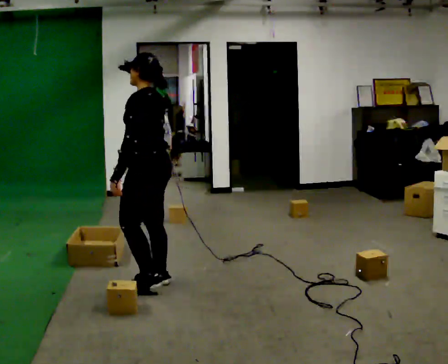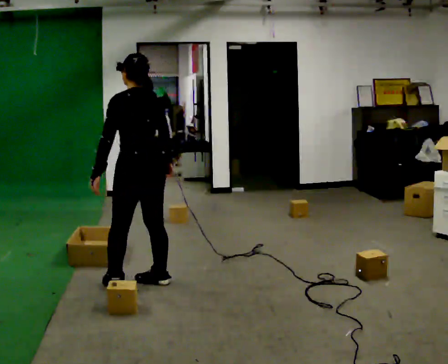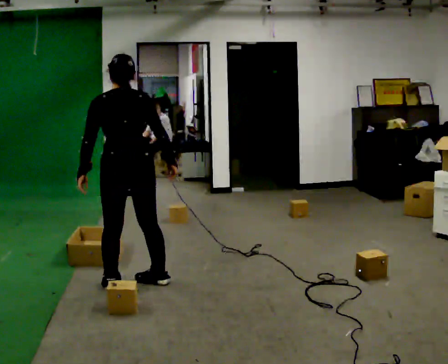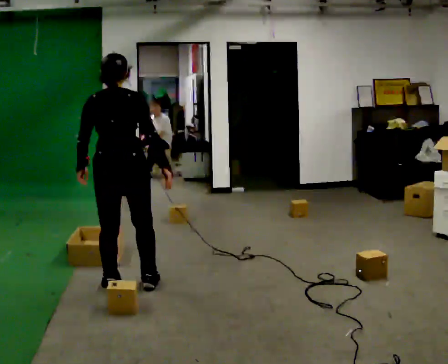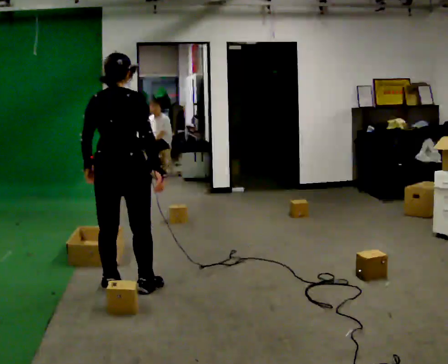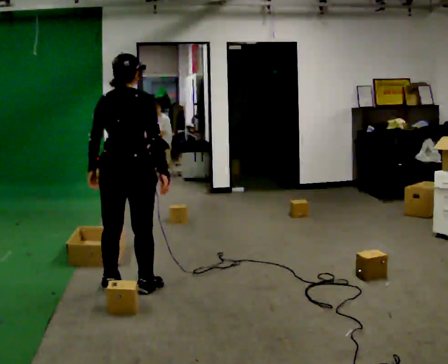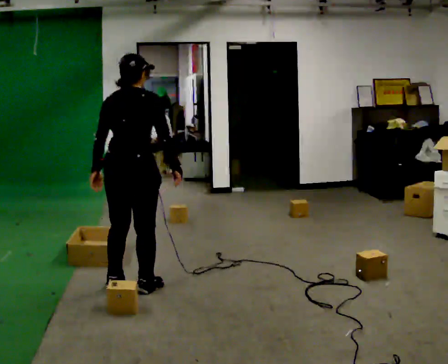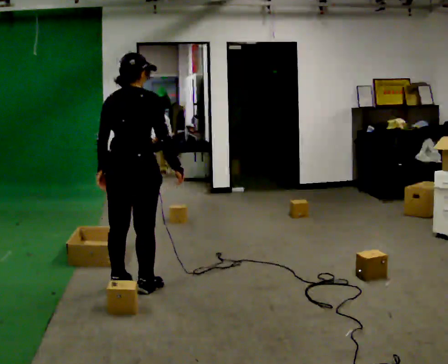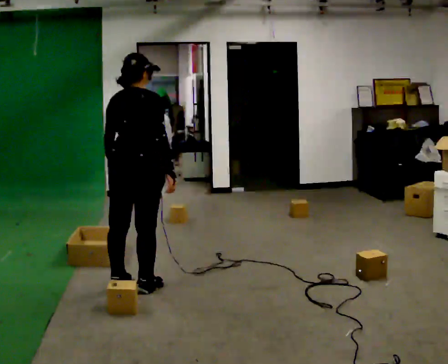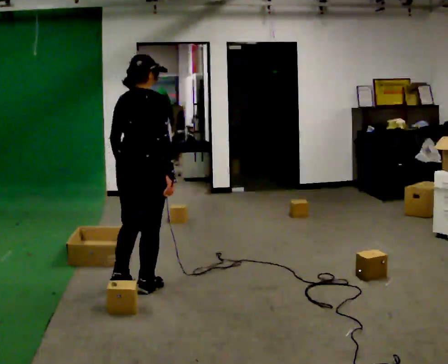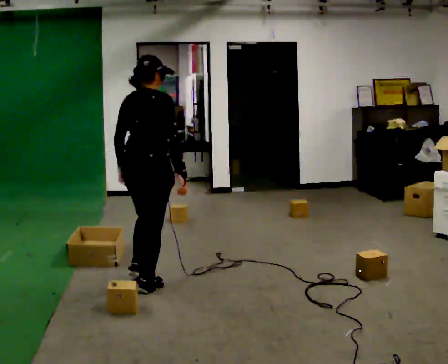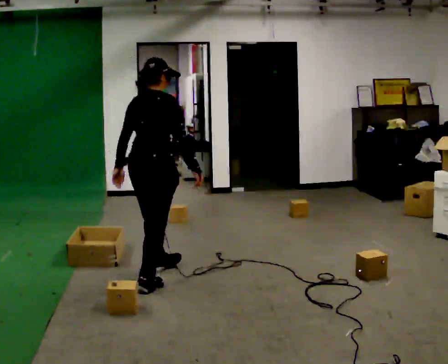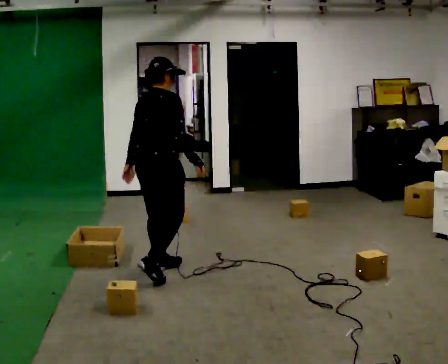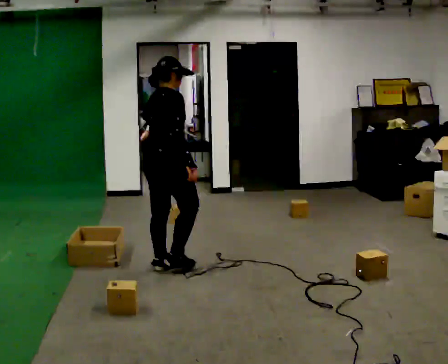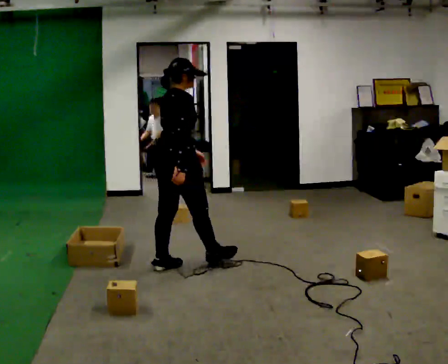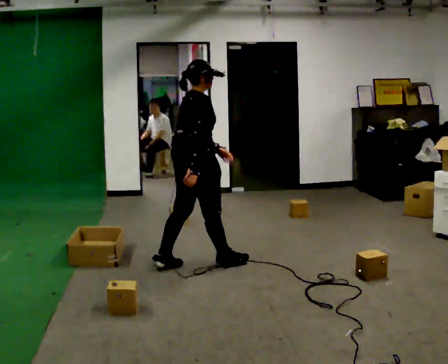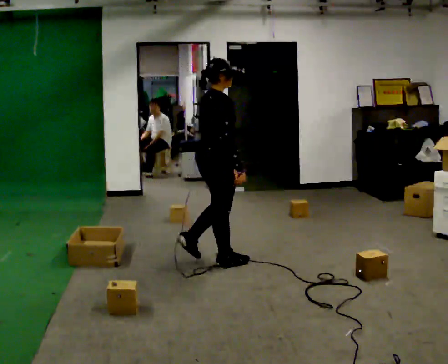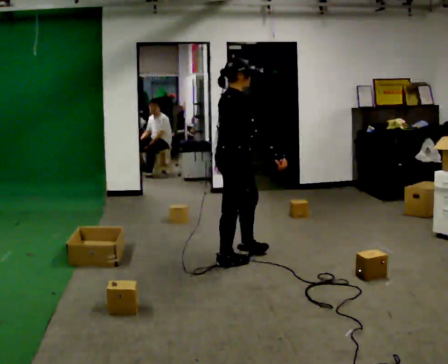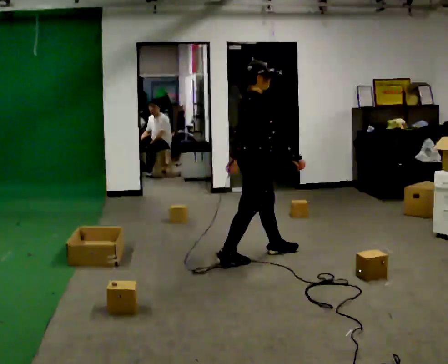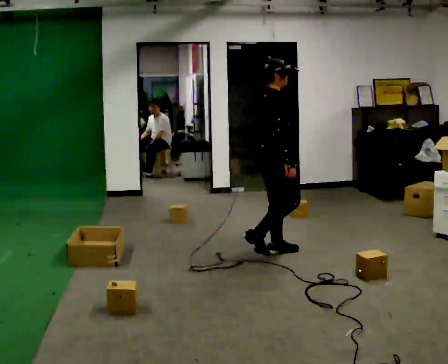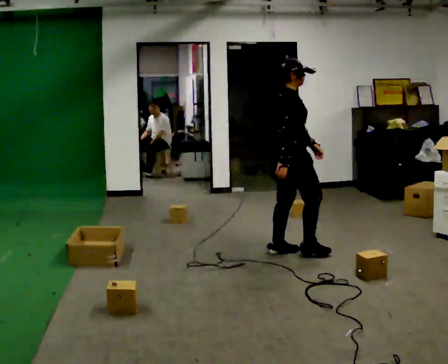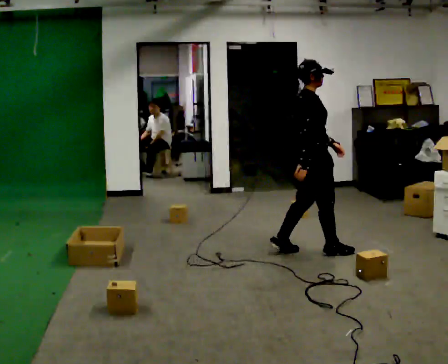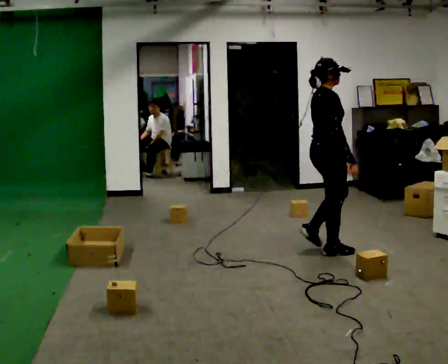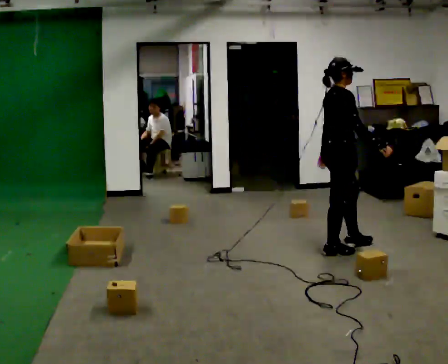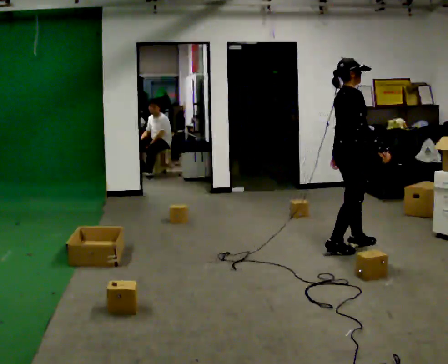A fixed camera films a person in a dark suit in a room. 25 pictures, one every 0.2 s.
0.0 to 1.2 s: The part of the body nearest the lens slides to the left as the person turns to their right by about 90 degrees.
1.2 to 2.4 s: The person turns about 30 degrees to their right, clockwise seen from above, so the part of the body nearest the lens slides to the left. In the picture they go away from the camera and to the right, about 0.5 m in 1 step, which for them is forward.
2.4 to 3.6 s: The person turns about 30 degrees to their right, clockwise seen from above, so the part of the body nearest the lens slides to the left. In the picture they go to the right, about 1 m in 2 steps, which for them is forward.
3.6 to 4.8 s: In the picture they go to the right, about 1 m in 2 steps, which for them is forward.
The film runs forward here.
